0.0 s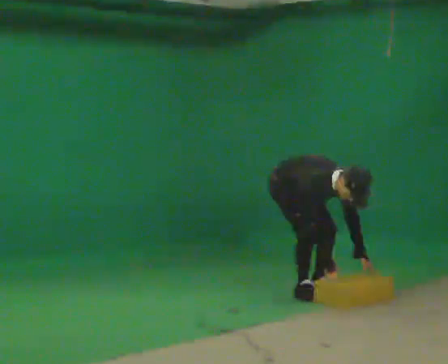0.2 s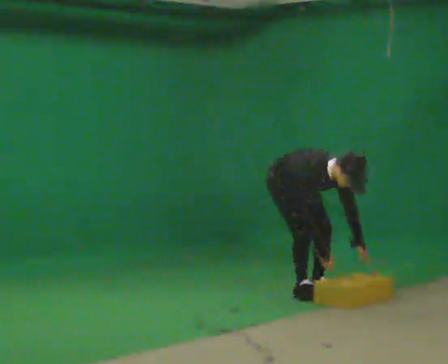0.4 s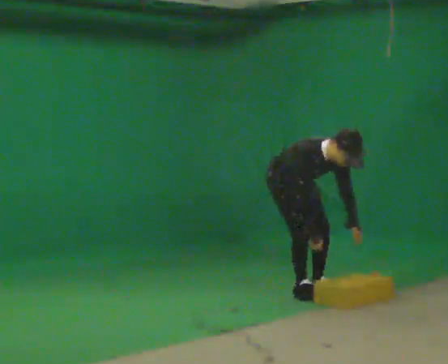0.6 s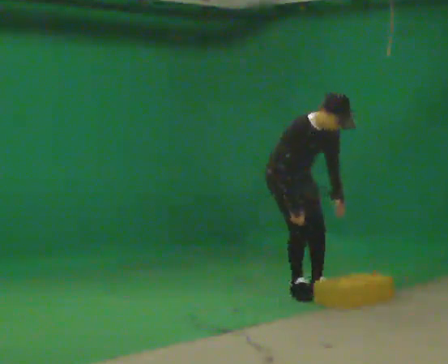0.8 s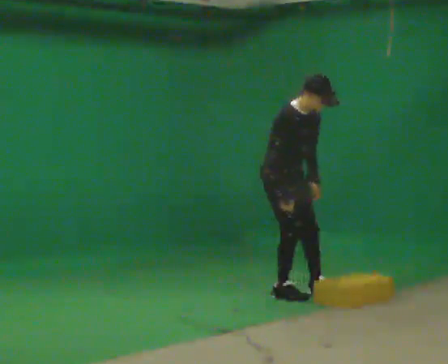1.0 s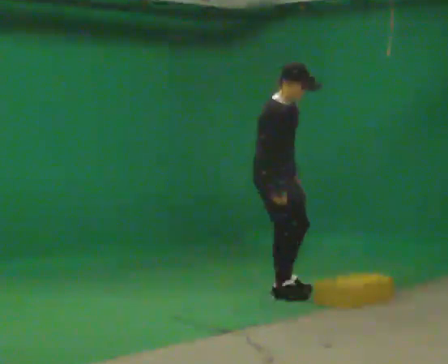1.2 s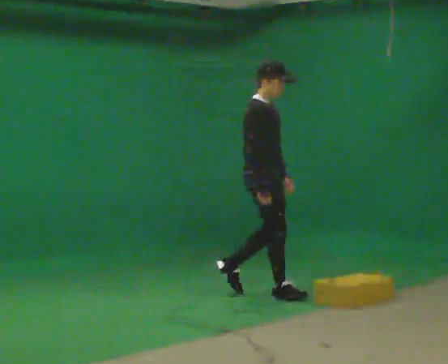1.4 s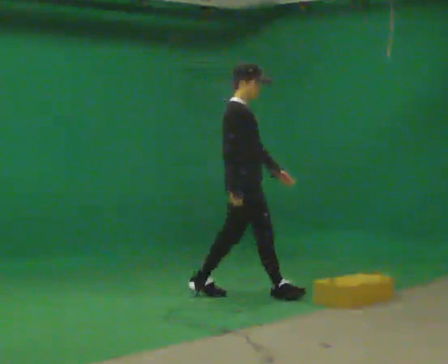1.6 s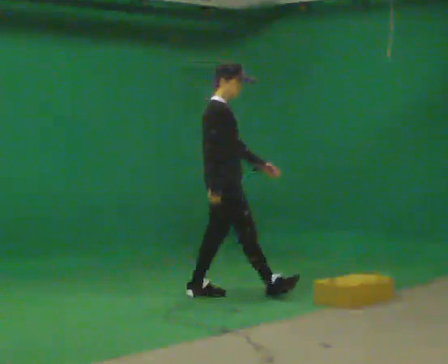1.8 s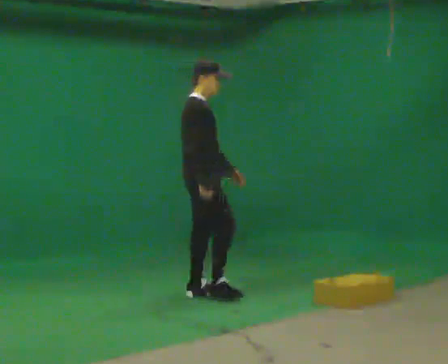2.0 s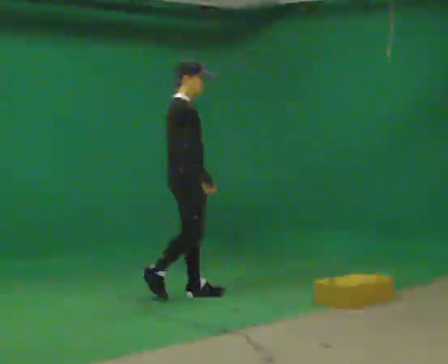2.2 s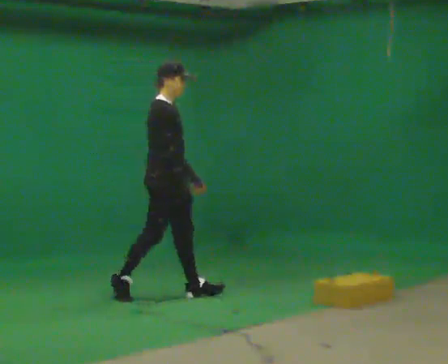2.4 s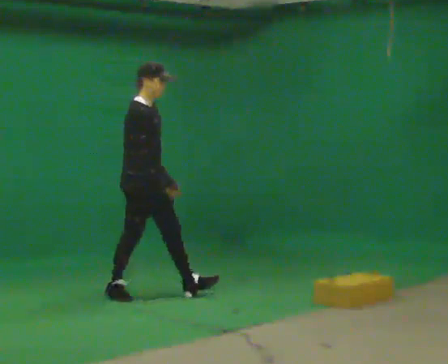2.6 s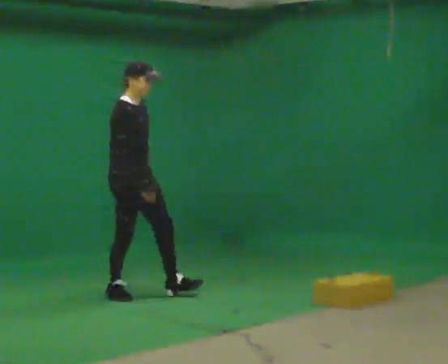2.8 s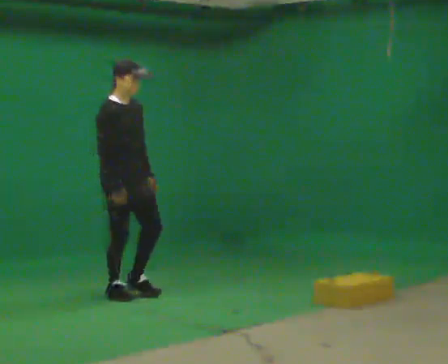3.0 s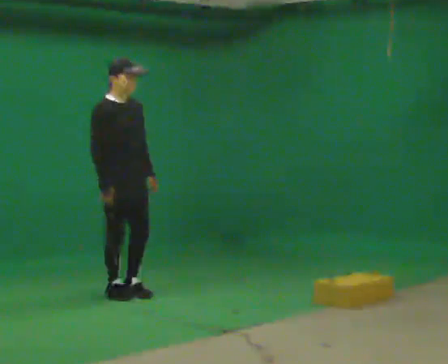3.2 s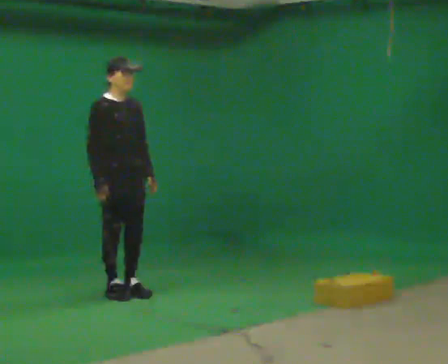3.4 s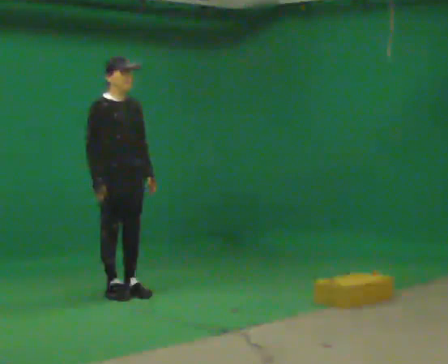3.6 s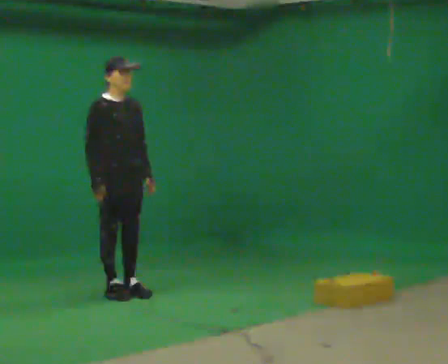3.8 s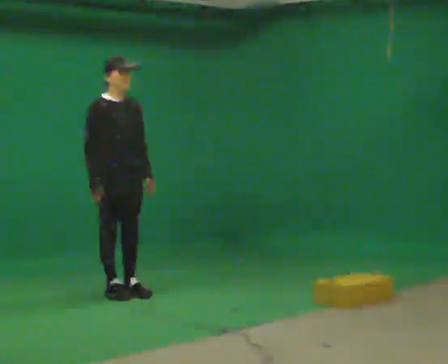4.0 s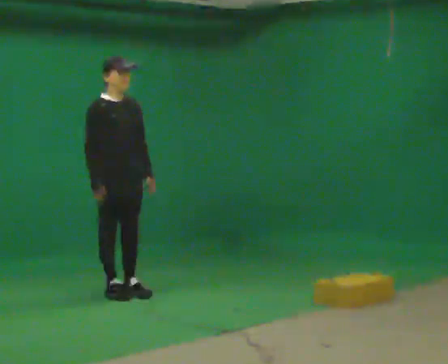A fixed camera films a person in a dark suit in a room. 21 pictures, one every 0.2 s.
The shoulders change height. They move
upward.
The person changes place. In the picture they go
to the left.
0.0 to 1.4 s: Seen from above the body turns counterclockwise, about 45 degrees: to their left, with its near side sliding to the right. In the picture they go to the left, about 0.5 m in 2 steps, which for them is to their right and backward. The shoulders move upward. The upper body tips away from the camera, its near side rolling upward, as they lean back or straighten. In the picture their left hand goes upward.
1.4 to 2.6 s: In the picture they go to the left, about 1 m in 2 steps, which for them is backward.
2.6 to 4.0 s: Seen from above the body turns clockwise, about 30 degrees: to their right, with its near side sliding to the left.
The film runs backward here.
